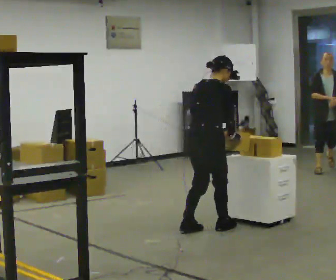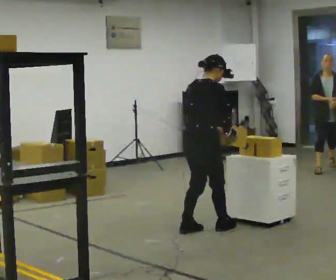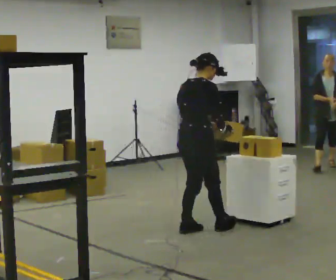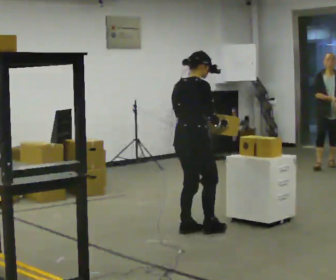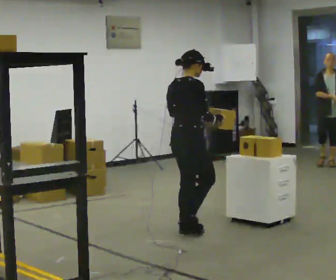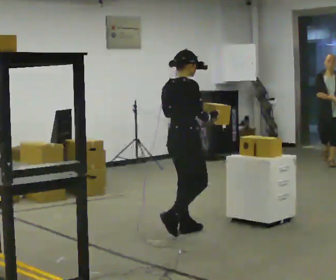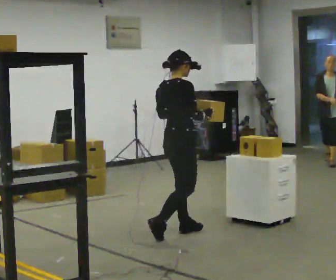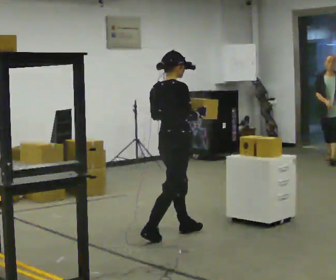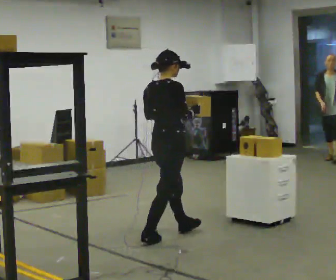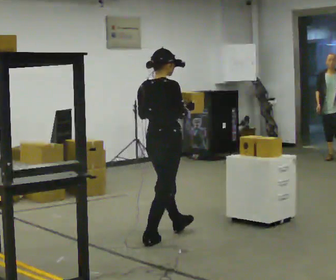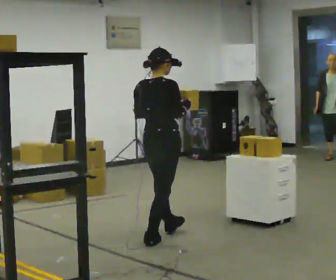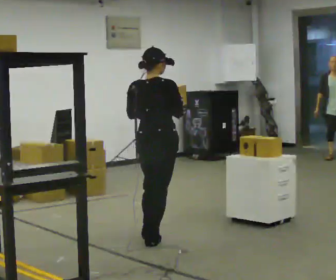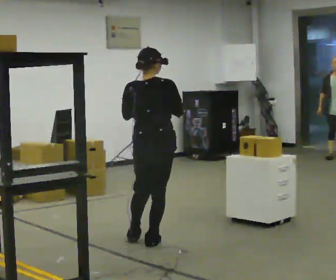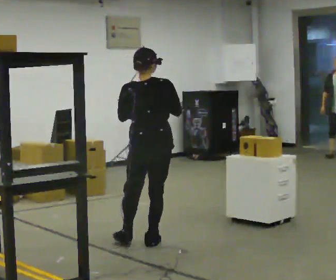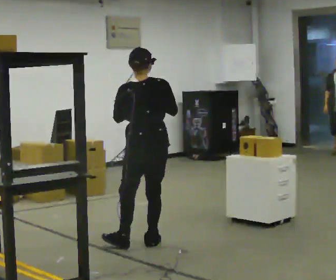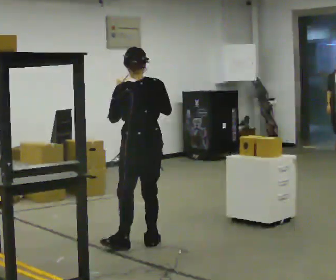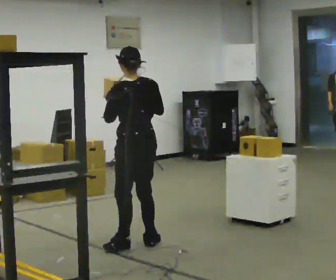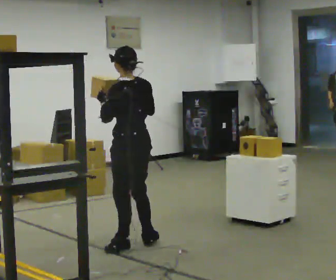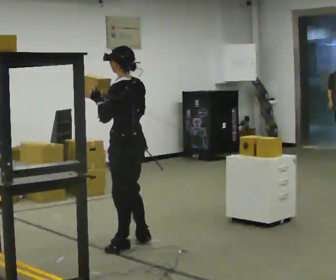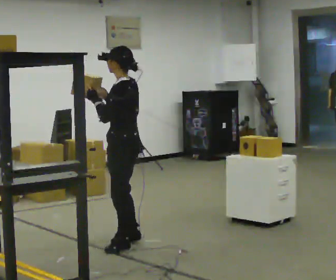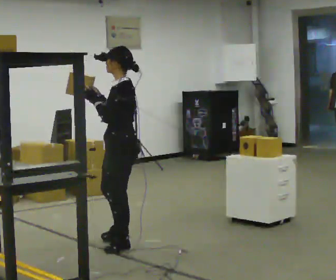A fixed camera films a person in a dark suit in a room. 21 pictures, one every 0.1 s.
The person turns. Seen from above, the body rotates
counterclockwise.
The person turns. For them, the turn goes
to their left.
0.0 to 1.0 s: In the picture they go to the left and toward the camera, about 0.5 m in 2 steps, which for them is backward. In the picture the upper body tilts counterclockwise, shoulders to the left, as they lean back or straighten.
1.0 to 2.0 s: The person turns about 135 degrees to their left, counterclockwise seen from above, so the part of the body nearest the lens slides to the right. In the picture they go to the left and toward the camera, about 0.25 m in 1 step.
The film runs backward here.
